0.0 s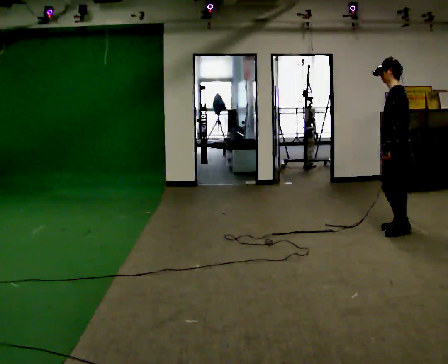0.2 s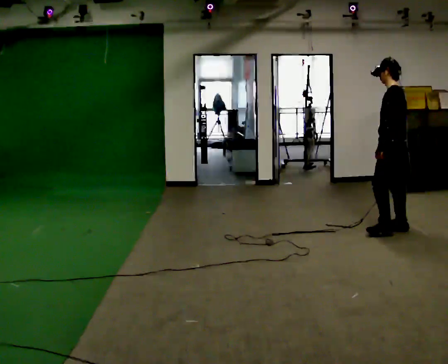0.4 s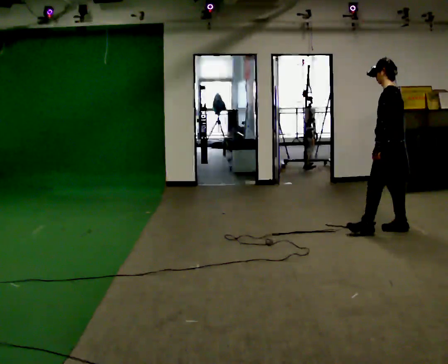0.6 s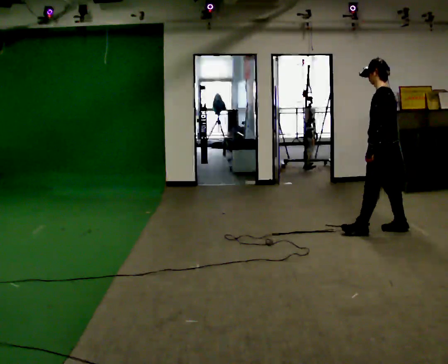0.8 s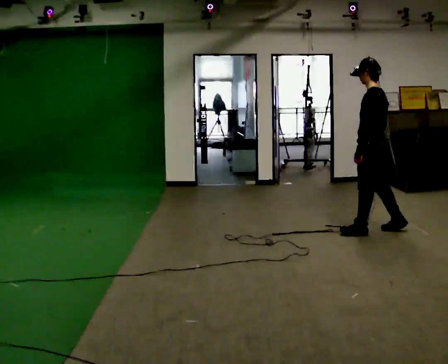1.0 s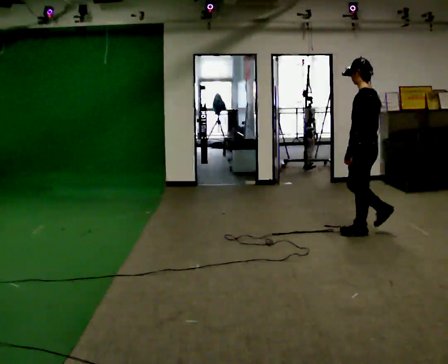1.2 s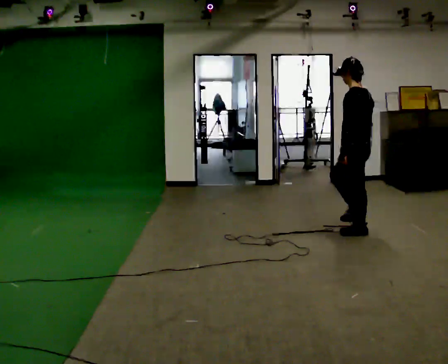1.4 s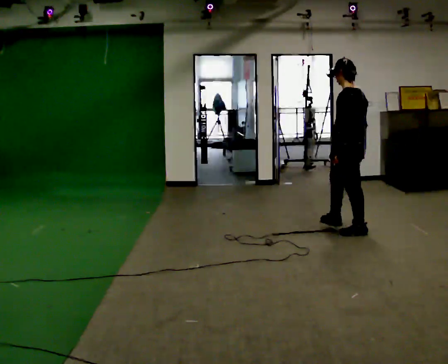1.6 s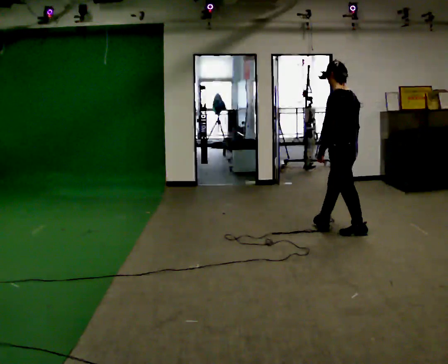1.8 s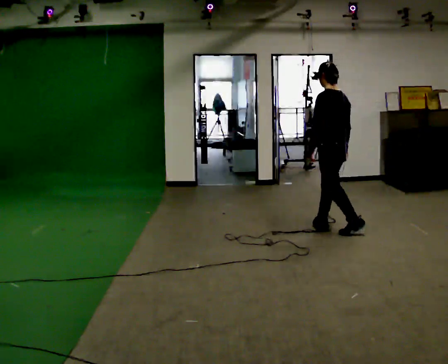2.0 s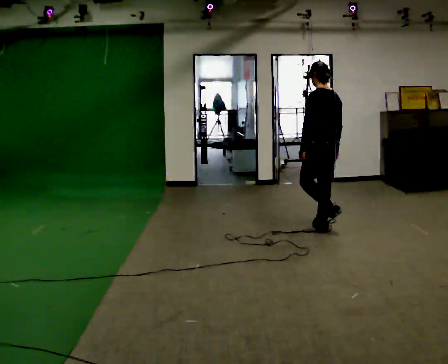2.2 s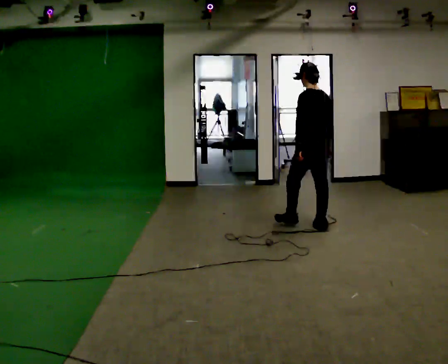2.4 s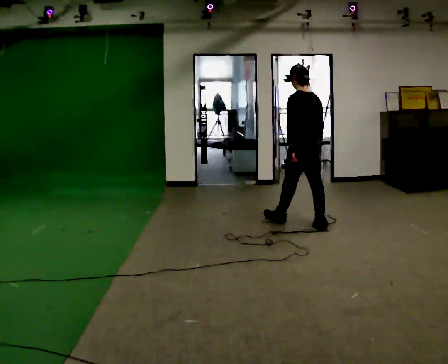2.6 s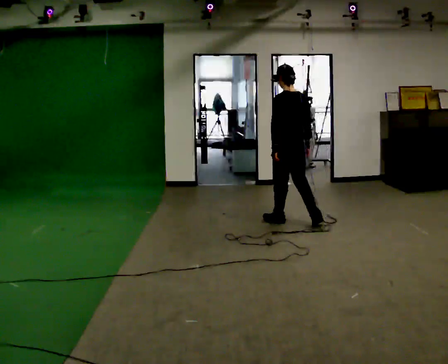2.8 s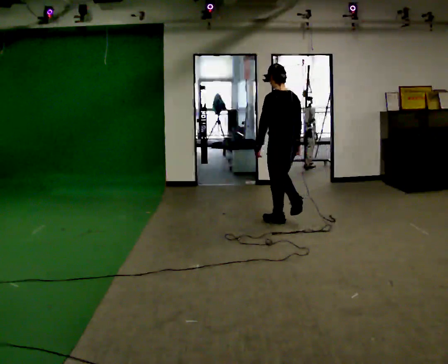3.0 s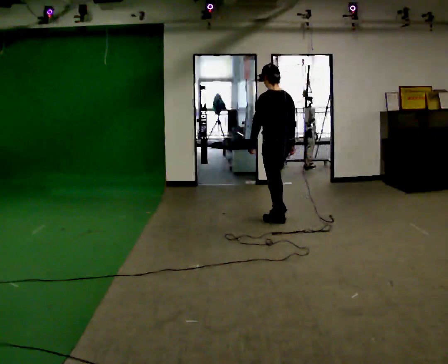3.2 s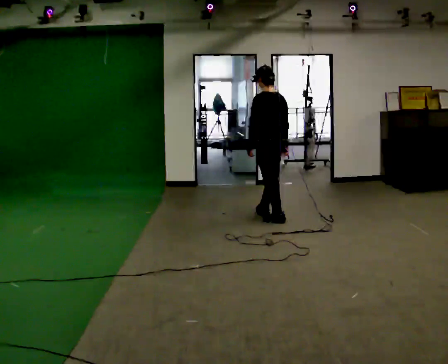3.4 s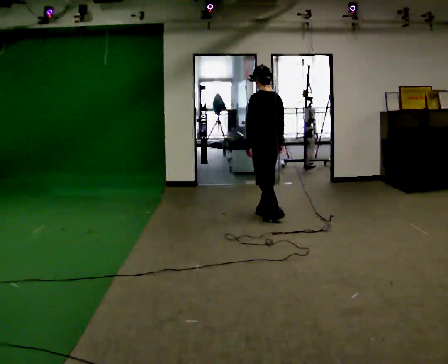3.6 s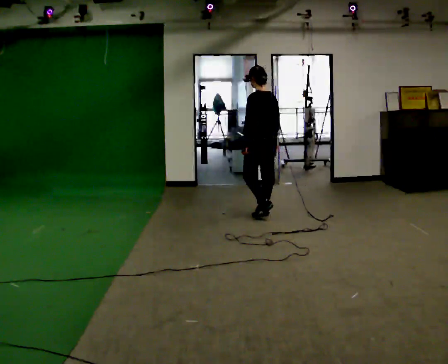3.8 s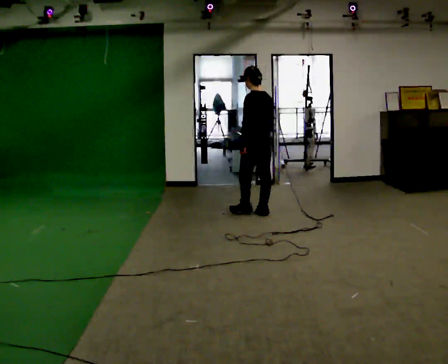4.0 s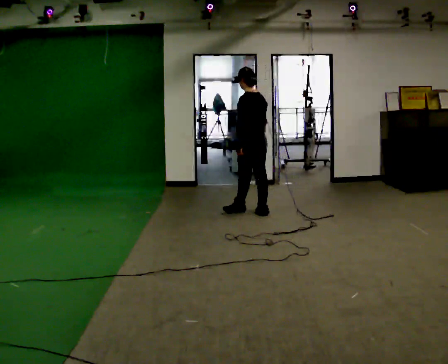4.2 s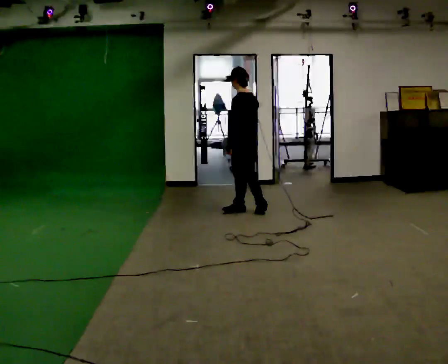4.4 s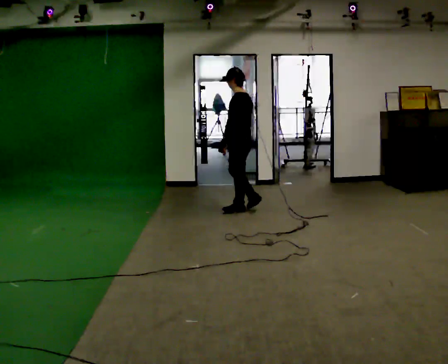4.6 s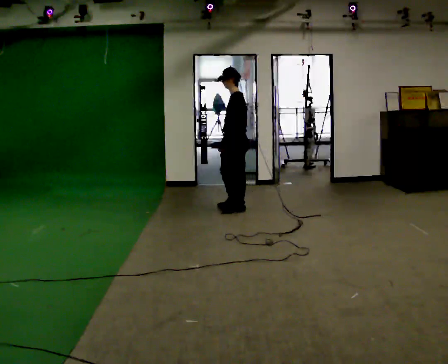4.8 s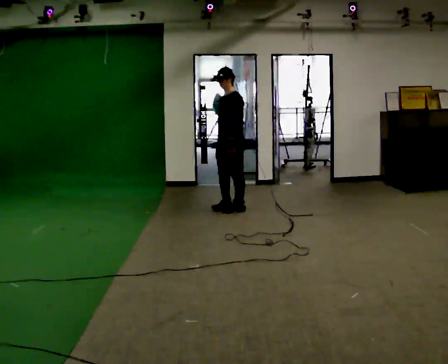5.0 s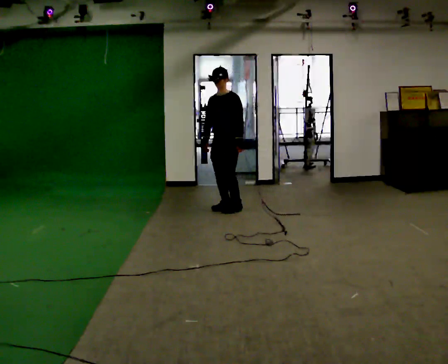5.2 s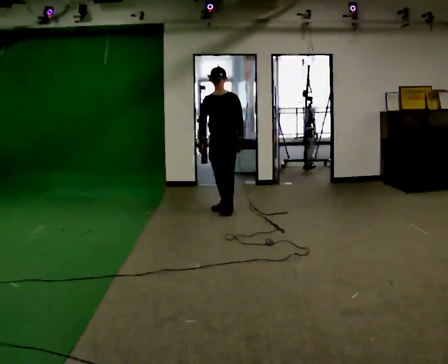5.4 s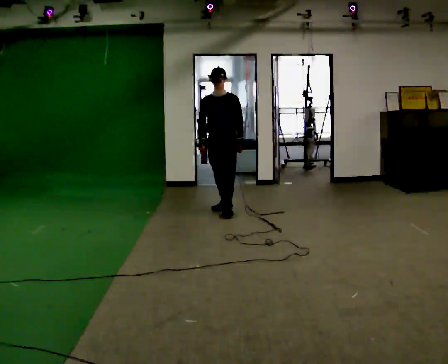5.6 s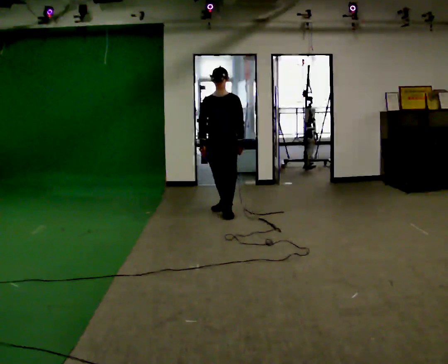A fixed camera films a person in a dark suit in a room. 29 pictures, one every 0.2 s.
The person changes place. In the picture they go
to the left.
0.0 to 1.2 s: In the picture they go to the left, about 0.5 m in 1 step, which for them is forward.
1.2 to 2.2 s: In the picture they go to the left and away from the camera, about 0.5 m in 1 step, which for them is forward.
2.2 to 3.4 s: In the picture they go to the left and away from the camera, about 0.75 m in 2 steps, which for them is forward.
3.4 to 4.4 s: The person turns about 30 degrees to their left, counterclockwise seen from above, so the part of the body nearest the lens slides to the right. In the picture they go to the left and away from the camera, about 0.5 m in 1 step, which for them is forward.
4.4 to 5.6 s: The person turns about 90 degrees to their left, counterclockwise seen from above, so the part of the body nearest the lens slides to the right. In the picture they go to the left, about 0.25 m in 2 steps.
The film runs forward here.
